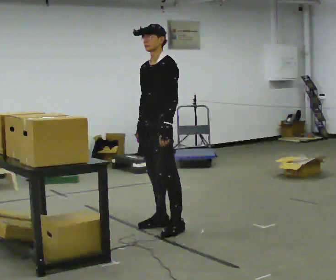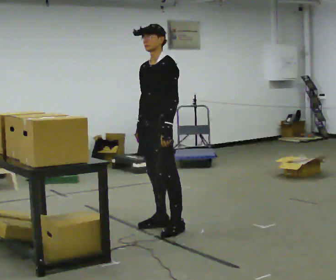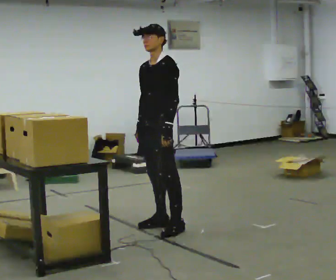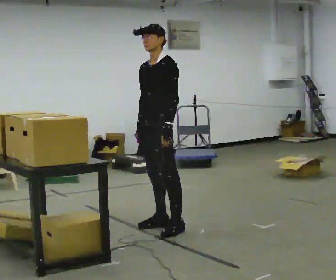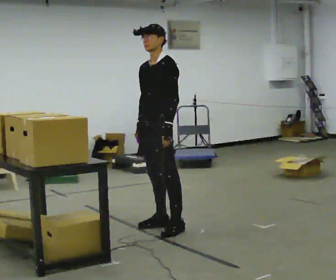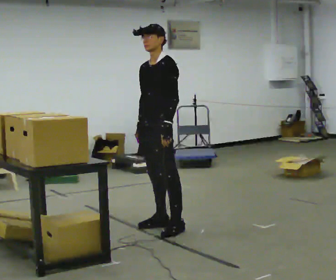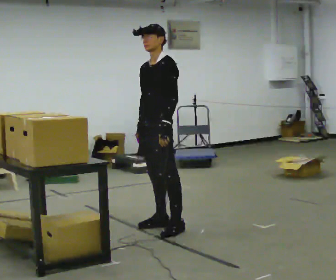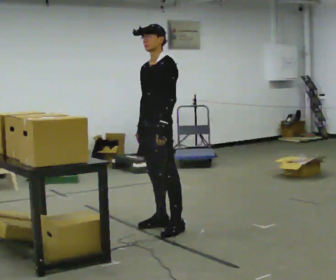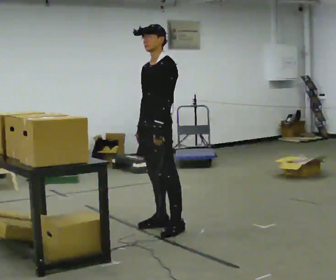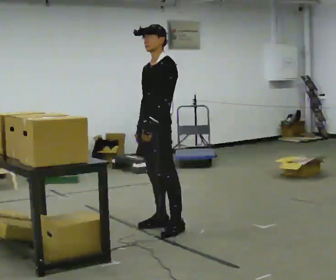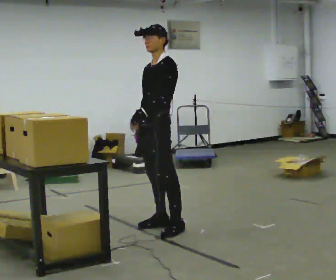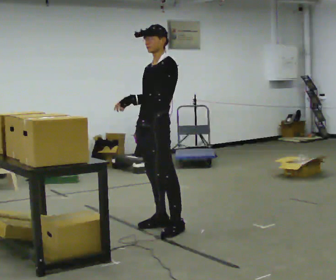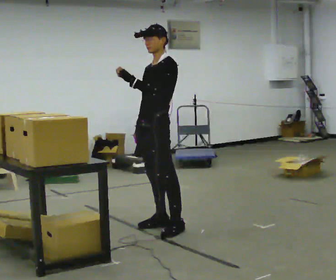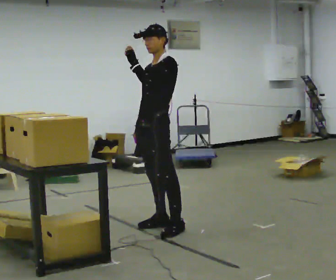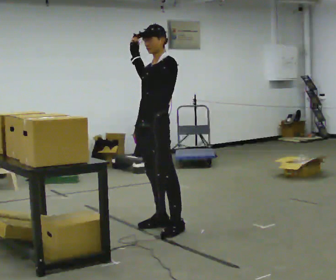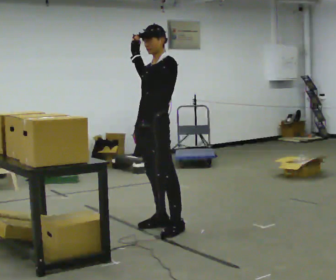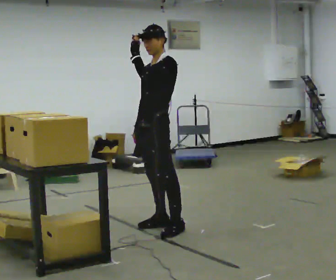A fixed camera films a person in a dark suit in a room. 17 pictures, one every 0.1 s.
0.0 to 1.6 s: In the picture their left hand goes upward.
The film runs backward here.
